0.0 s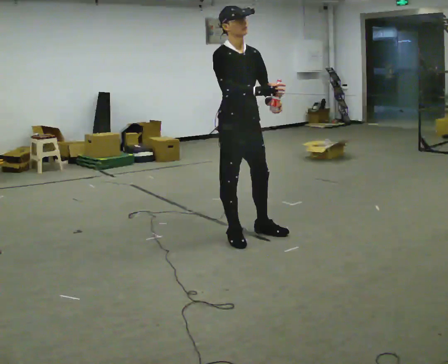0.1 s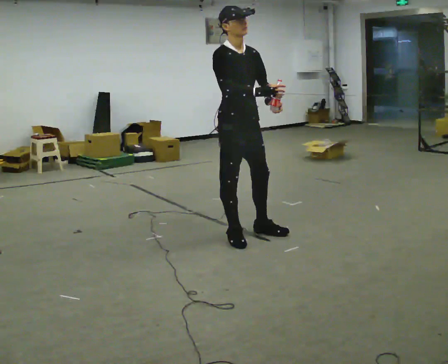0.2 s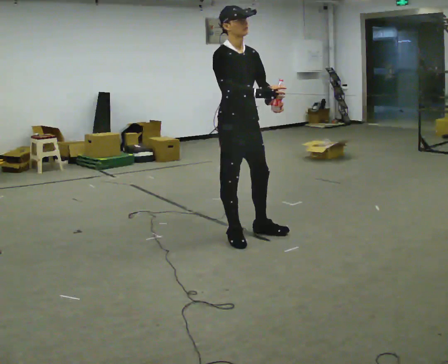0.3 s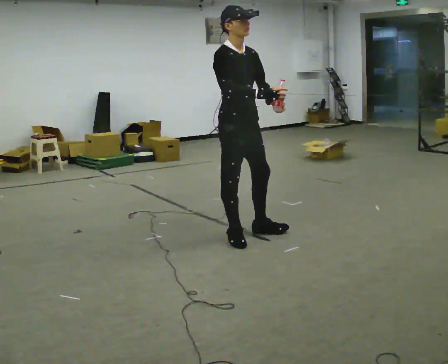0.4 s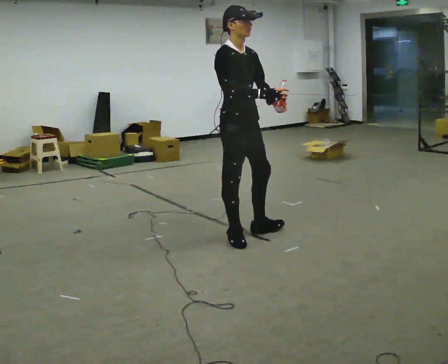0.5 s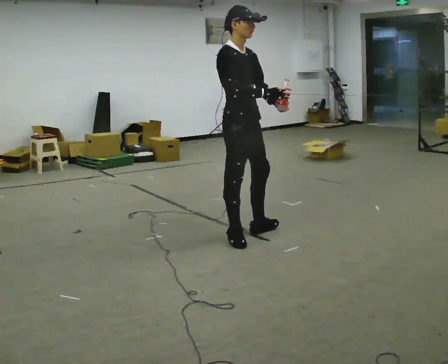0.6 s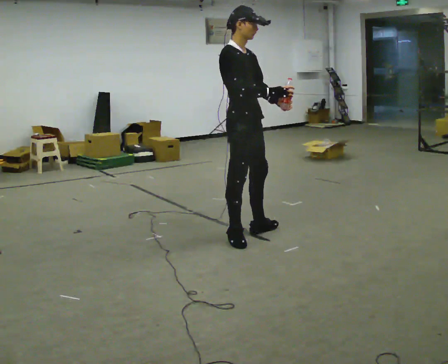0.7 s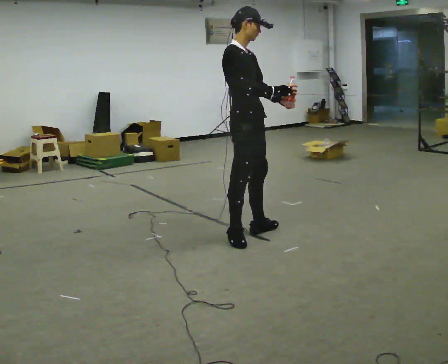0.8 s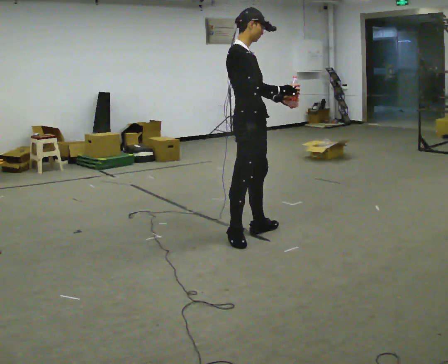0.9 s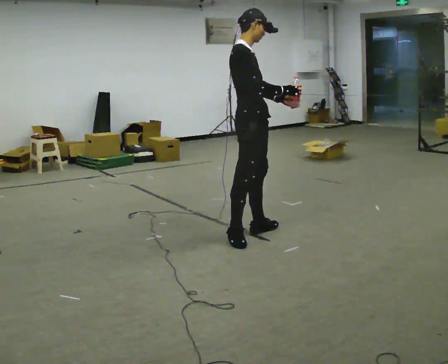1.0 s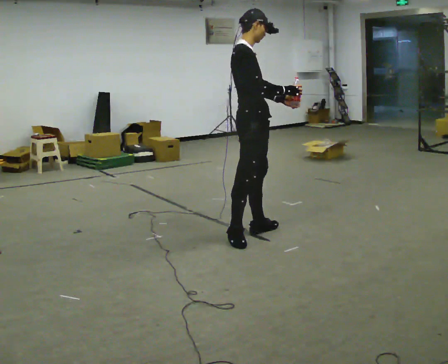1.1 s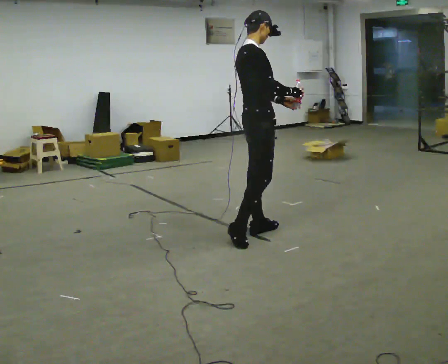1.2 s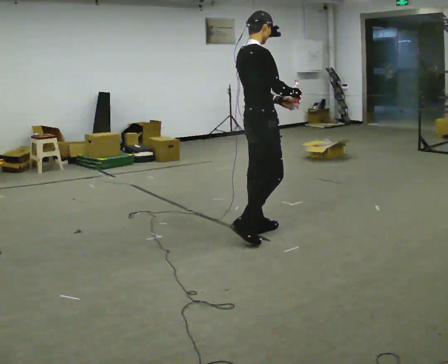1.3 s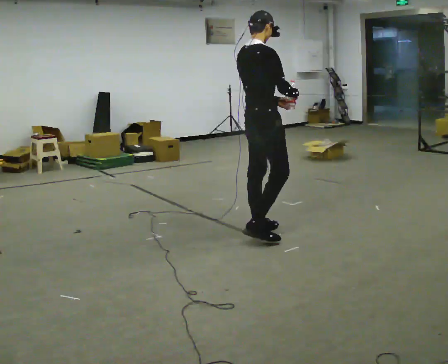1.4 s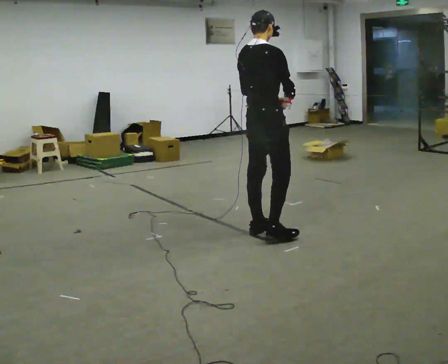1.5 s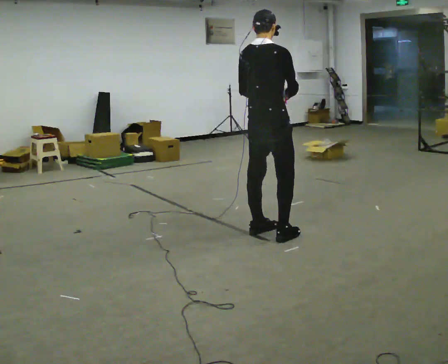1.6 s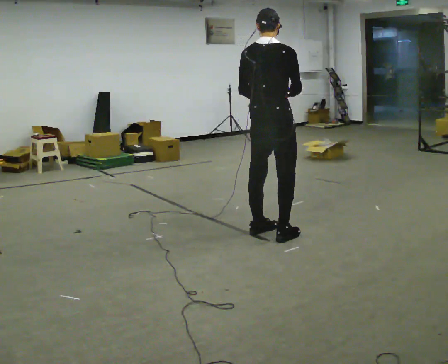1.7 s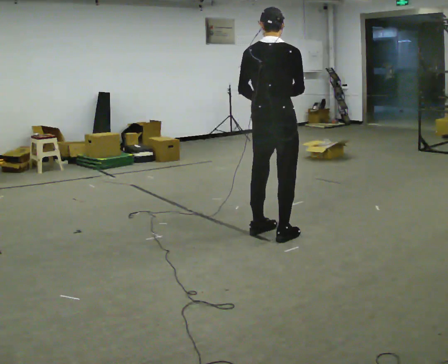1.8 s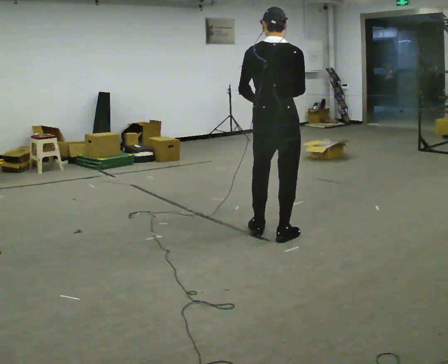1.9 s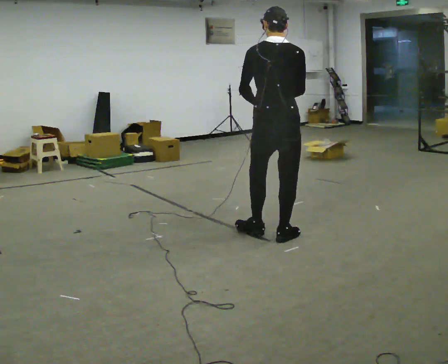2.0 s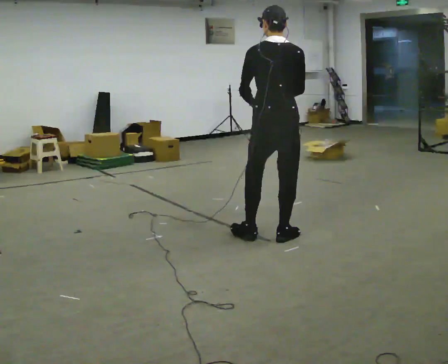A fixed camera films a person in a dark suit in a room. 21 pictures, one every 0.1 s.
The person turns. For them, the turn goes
to their left.
Their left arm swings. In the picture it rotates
clockwise.
0.0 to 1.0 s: The part of the body nearest the lens slides to the right as the person turns to their left by about 45 degrees.
1.0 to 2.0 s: The part of the body nearest the lens slides to the right as the person turns to their left by about 90 degrees. In the picture they go to the right, about 0.25 m in 1 step.
The film runs forward here.
